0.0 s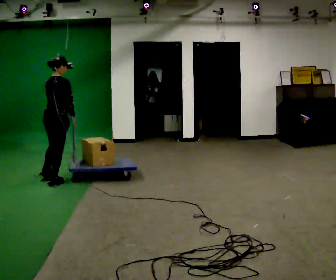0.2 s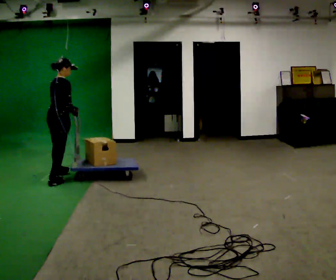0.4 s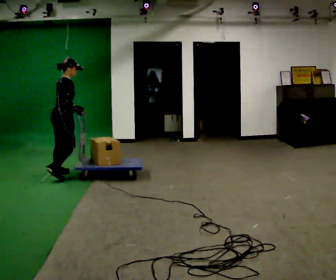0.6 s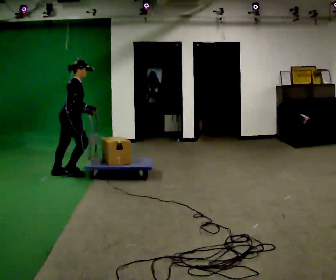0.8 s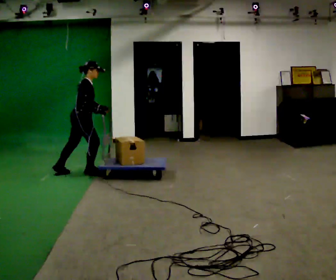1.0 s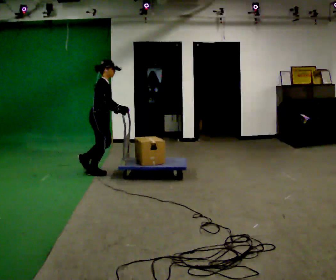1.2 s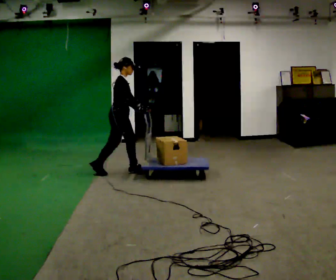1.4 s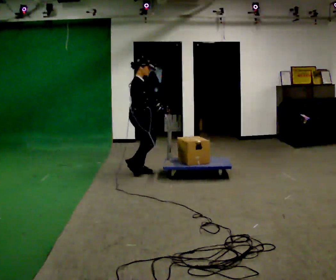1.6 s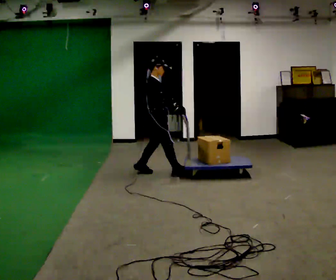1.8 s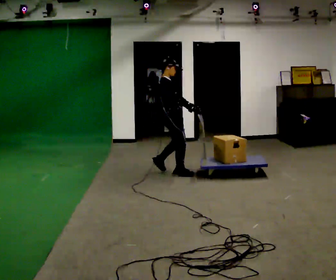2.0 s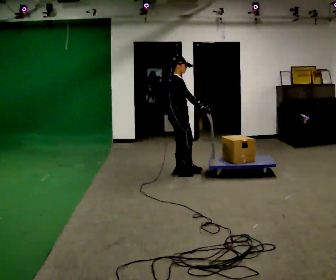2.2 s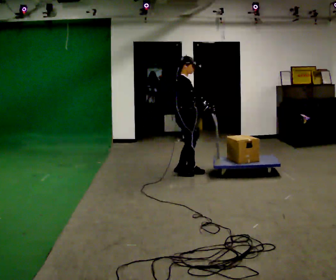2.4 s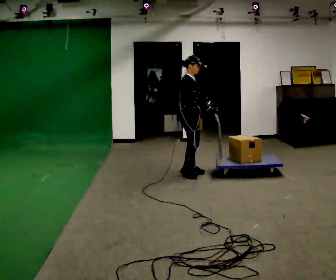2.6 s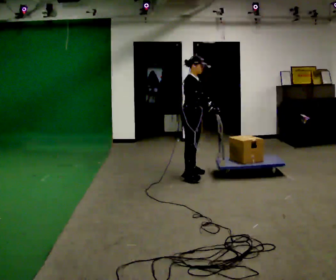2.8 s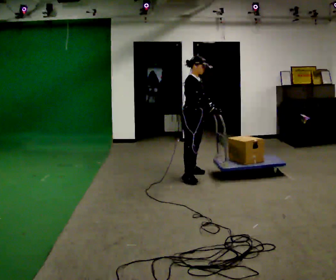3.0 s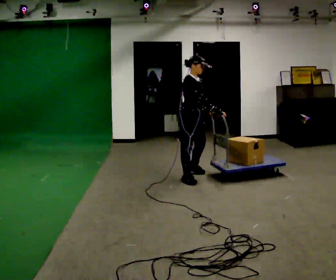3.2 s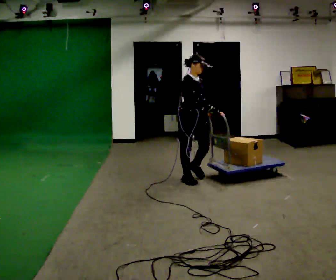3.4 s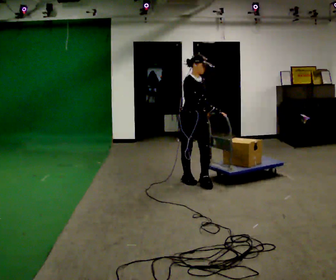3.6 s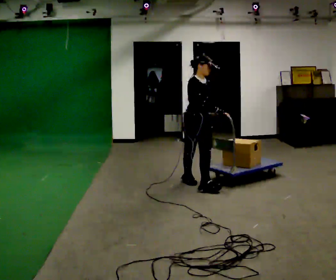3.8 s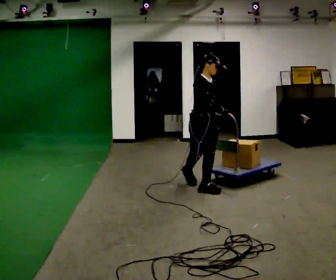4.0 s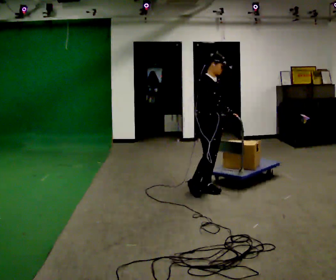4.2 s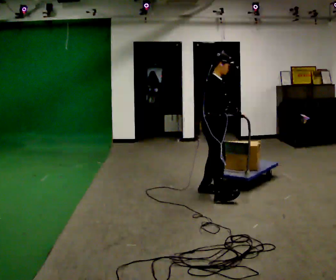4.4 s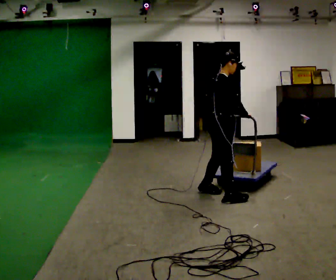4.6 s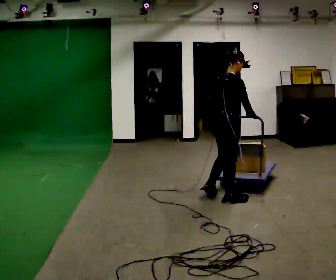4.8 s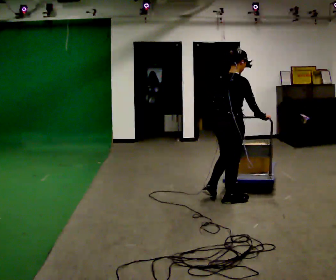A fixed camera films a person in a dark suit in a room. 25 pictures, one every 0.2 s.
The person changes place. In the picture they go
to the right.
The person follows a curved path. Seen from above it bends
clockwise.
0.0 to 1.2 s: Seen from above the body turns clockwise, about 60 degrees: to their right, with its near side sliding to the left. In the picture they go to the right and away from the camera, about 1 m in 2 steps, which for them is forward.
1.2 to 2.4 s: The person turns about 30 degrees to their right, clockwise seen from above, so the part of the body nearest the lens slides to the left. In the picture they go to the right, about 1 m in 3 steps, which for them is forward.
2.4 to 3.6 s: The person turns about 30 degrees to their right, clockwise seen from above, so the part of the body nearest the lens slides to the left. In the picture they go toward the camera, about 0.5 m in 1 step, which for them is to their right and forward.
3.6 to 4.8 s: The person turns about 90 degrees to their left, counterclockwise seen from above, so the part of the body nearest the lens slides to the right. In the picture they go toward the camera and to the right, about 0.75 m in 3 steps.
The film runs forward here.
